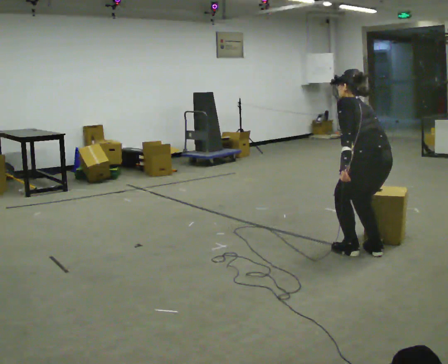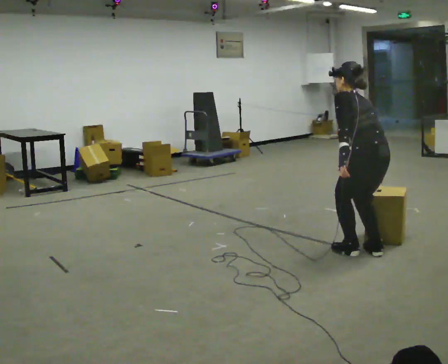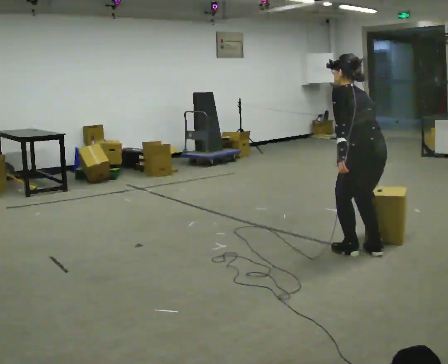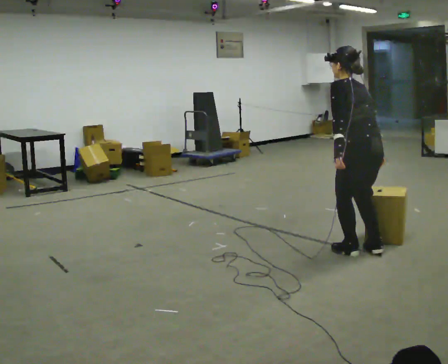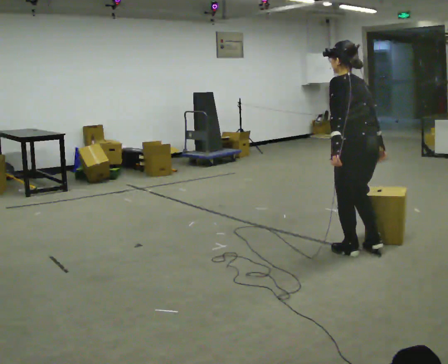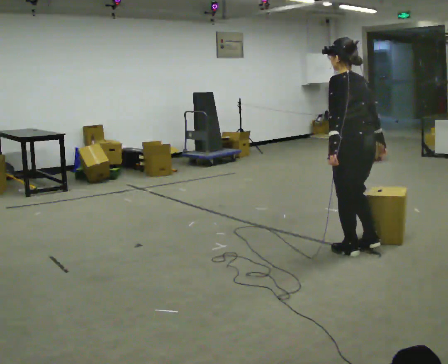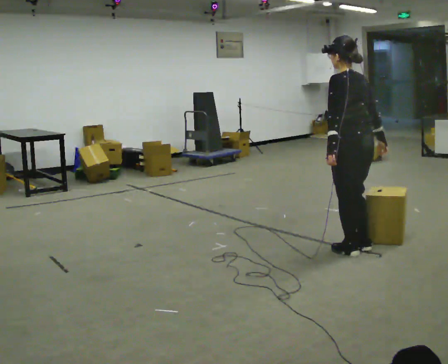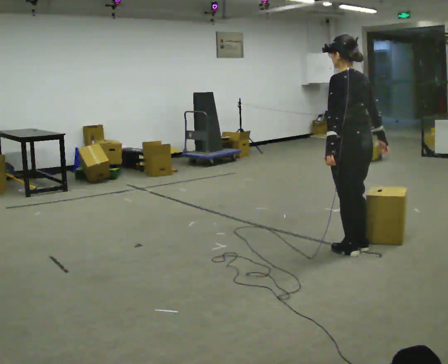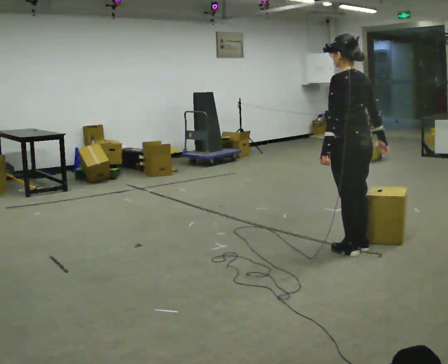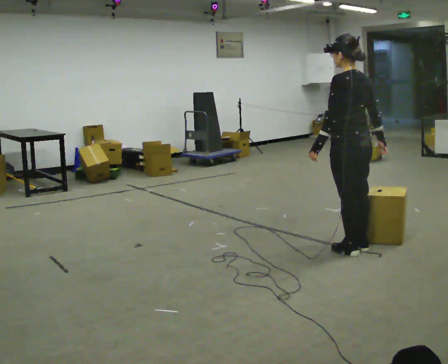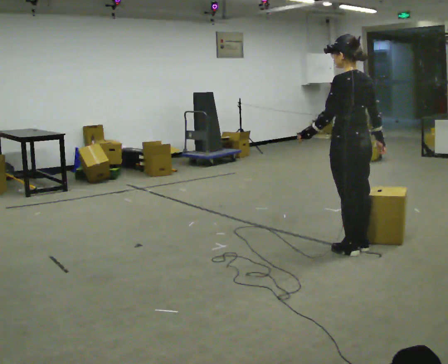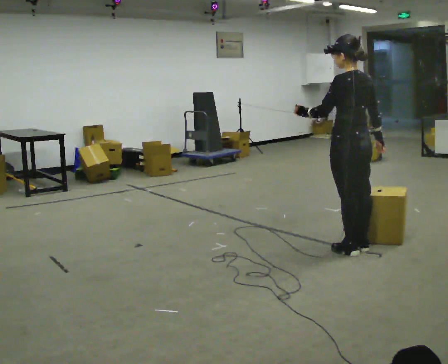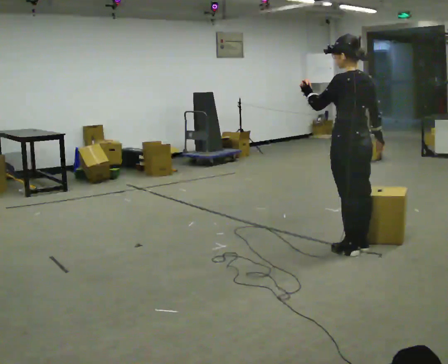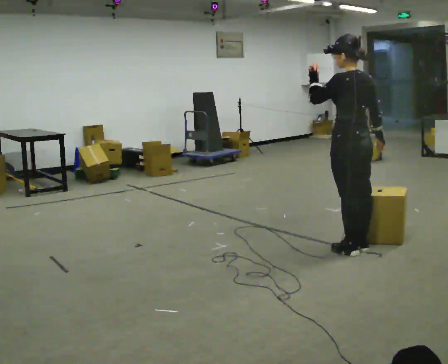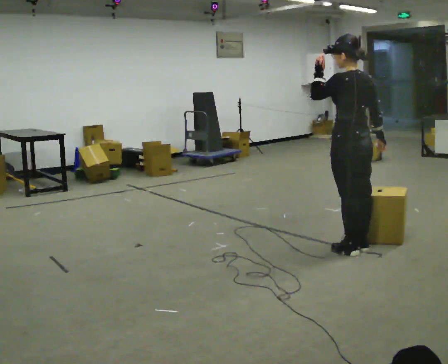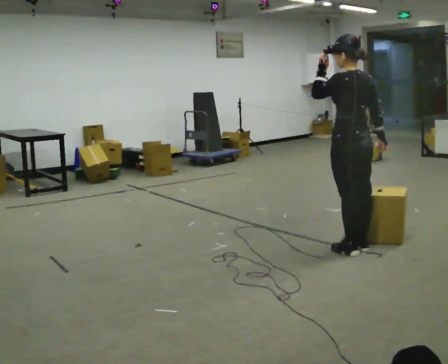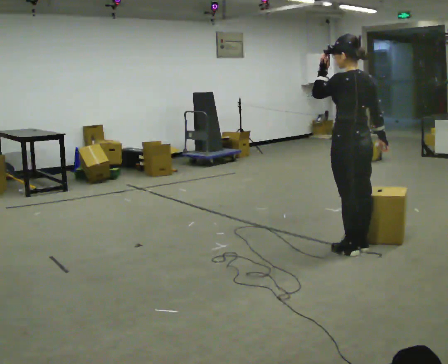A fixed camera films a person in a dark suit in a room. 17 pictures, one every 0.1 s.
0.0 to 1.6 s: The upper body goes upward. The upper body tips toward the camera, its near side rolling downward, as they lean back or straighten. In the picture their left hand goes upward.
The film runs forward here.
